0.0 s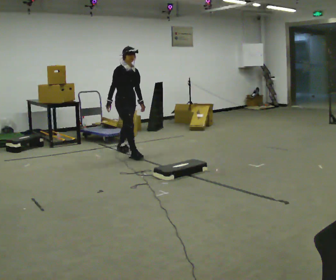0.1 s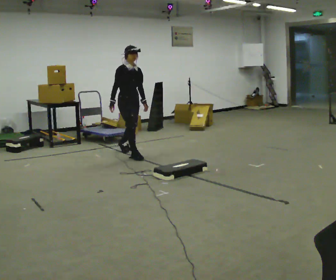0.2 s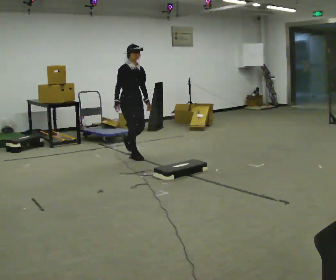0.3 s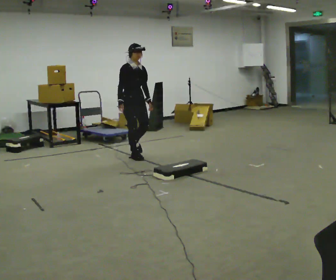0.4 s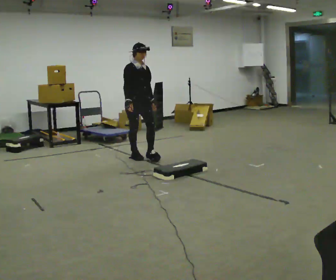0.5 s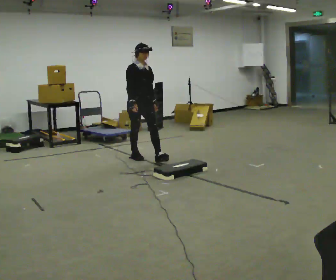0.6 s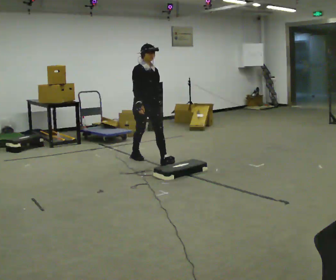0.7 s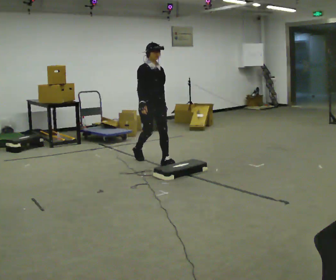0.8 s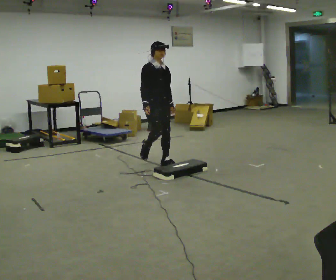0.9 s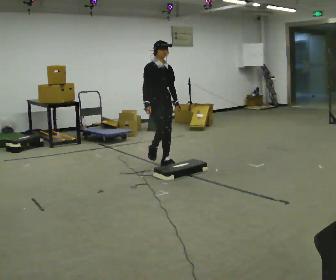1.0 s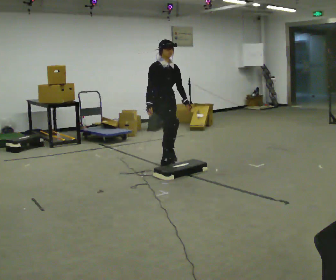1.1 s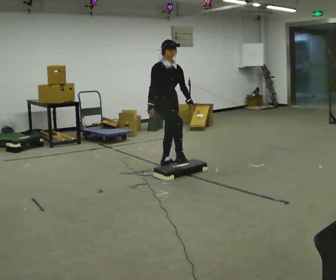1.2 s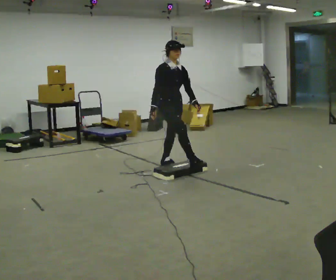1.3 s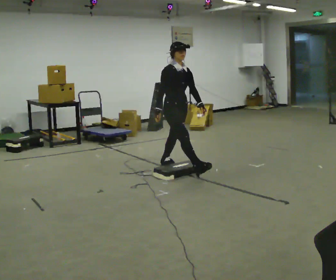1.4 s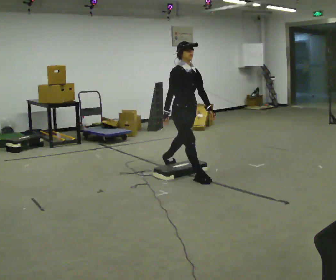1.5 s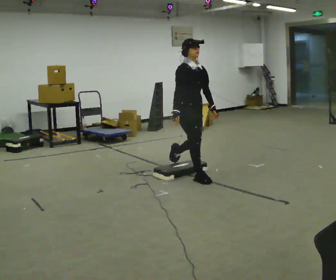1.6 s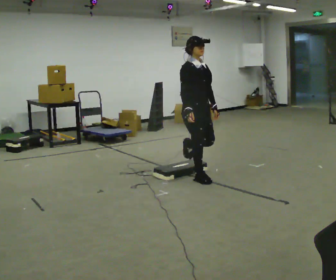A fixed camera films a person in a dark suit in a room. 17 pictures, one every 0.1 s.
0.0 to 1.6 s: In the picture they go toward the camera and to the right, about 1.5 m in 2 steps, which for them is forward.
The film runs forward here.
